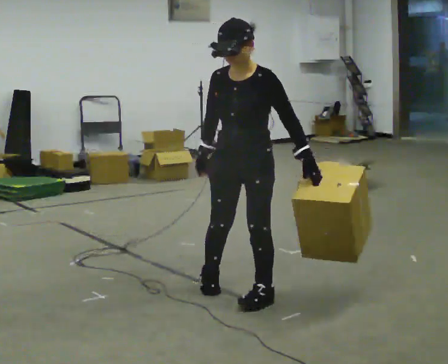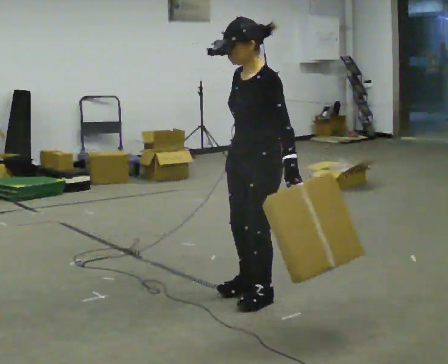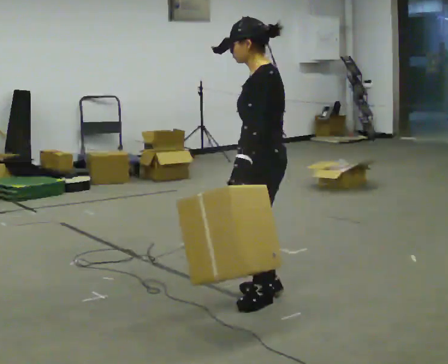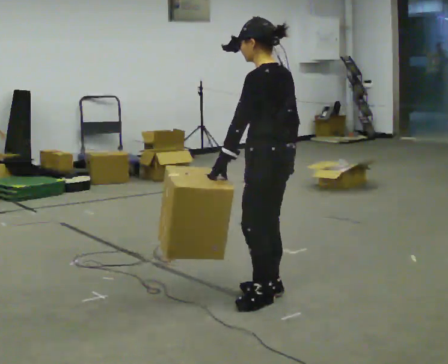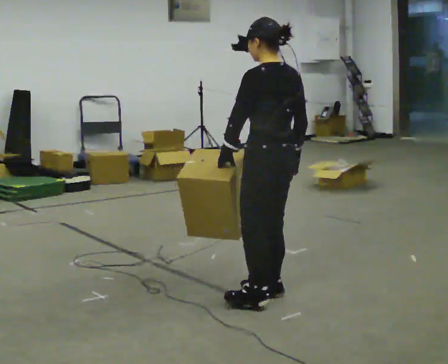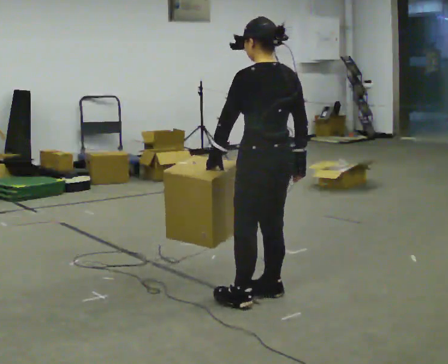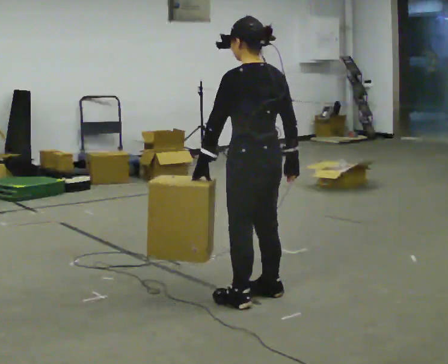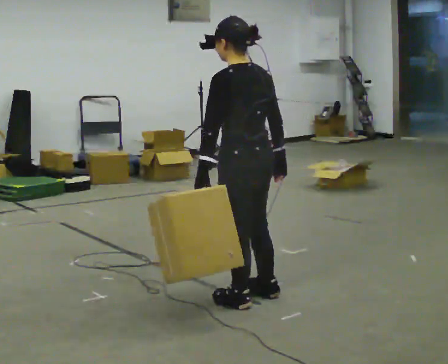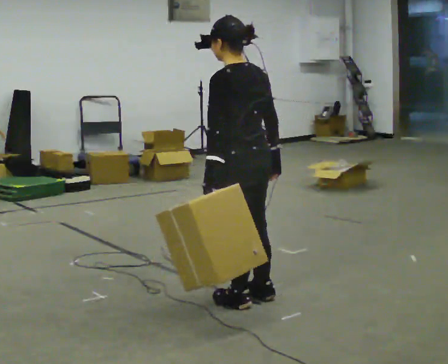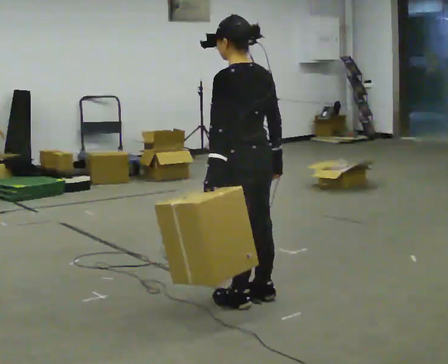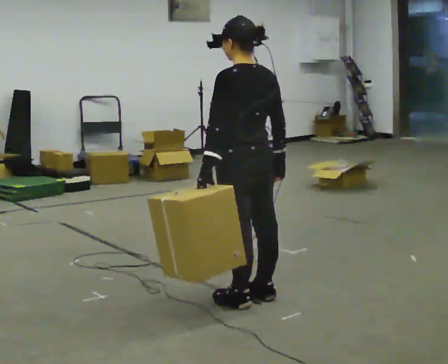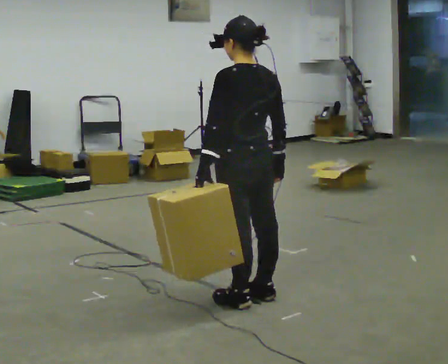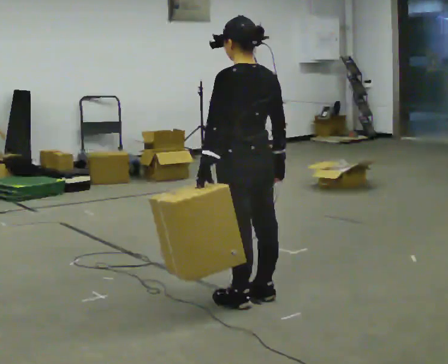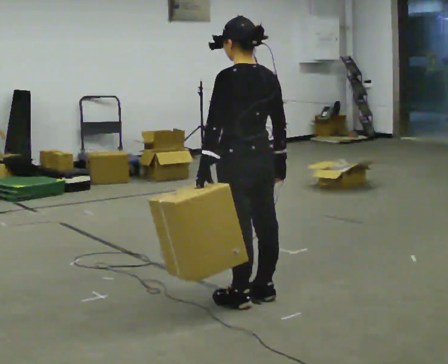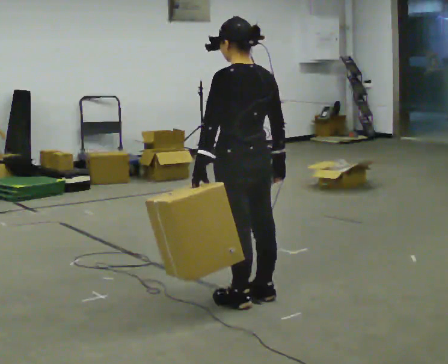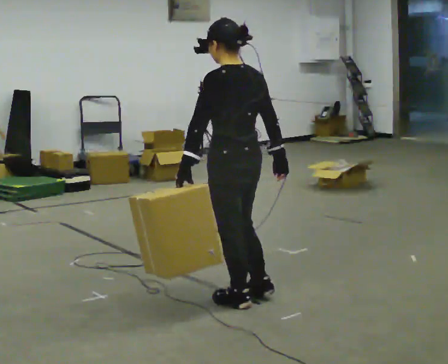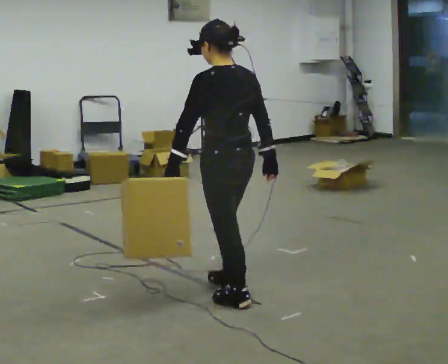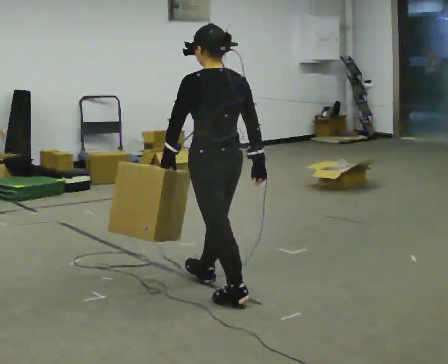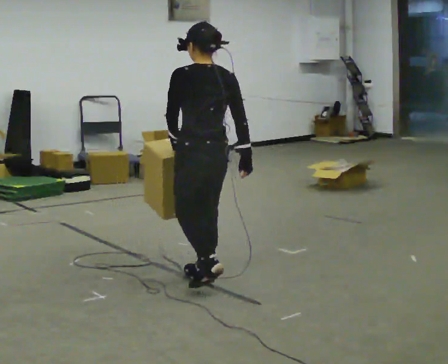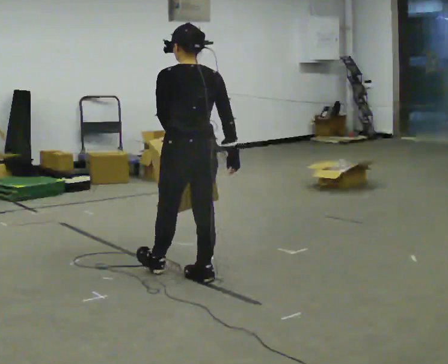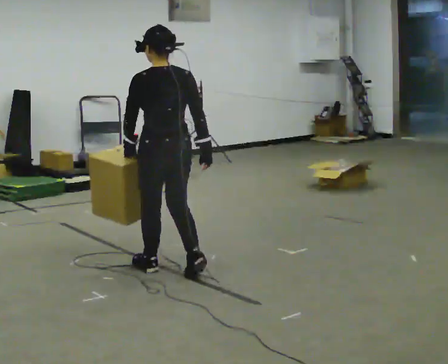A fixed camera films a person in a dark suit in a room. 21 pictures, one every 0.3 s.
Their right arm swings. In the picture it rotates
counterclockwise.
0.0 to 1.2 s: The part of the body nearest the lens slides to the left as the person turns to their right by about 105 degrees. The upper body tips away from the camera, its near side rolling upward. In the picture their left hand goes to the left, the arm swinging clockwise.
1.2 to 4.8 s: In the picture they go to the left, about 0.25 m in 1 step, which for them is to their left and forward.
4.8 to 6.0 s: In the picture they go away from the camera and to the left, about 0.75 m in 2 steps, which for them is forward.
The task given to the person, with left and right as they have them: Carry the object in the hand the operator calls, down at your side, walking back and forth across the room.
The film runs forward here.
